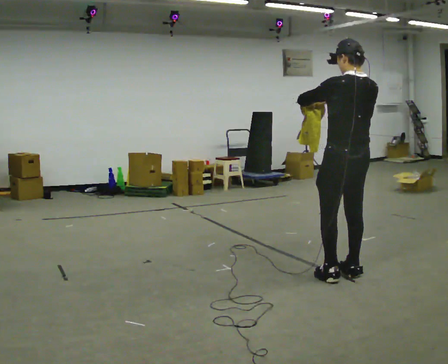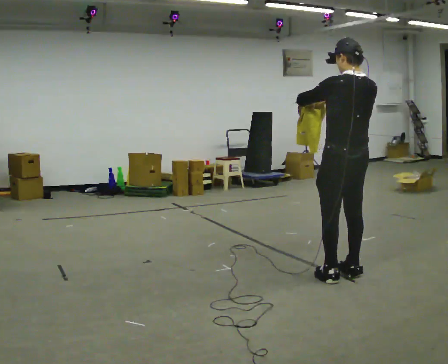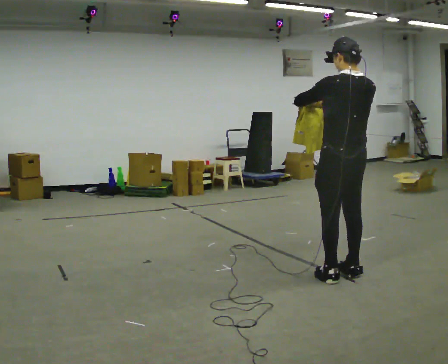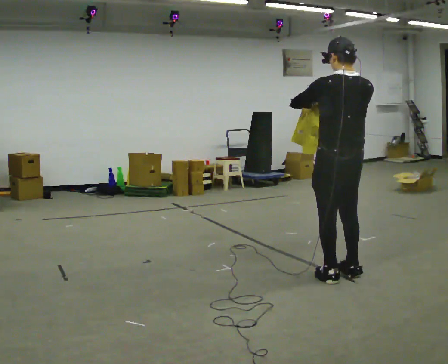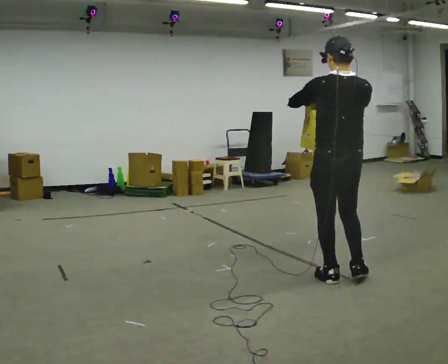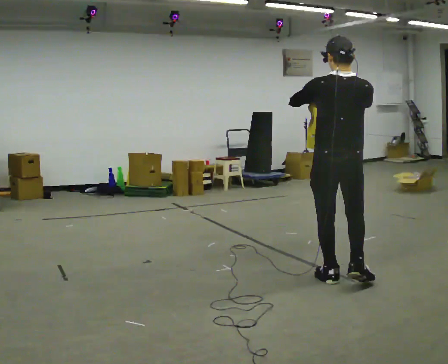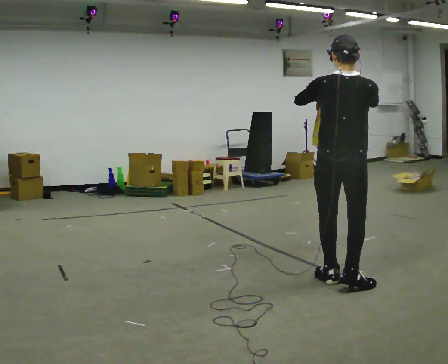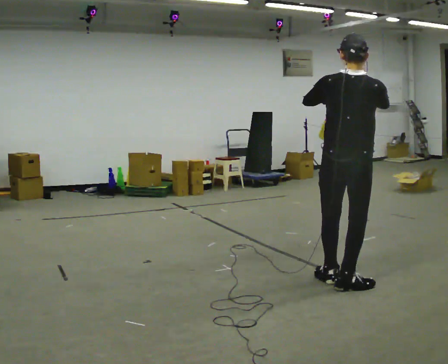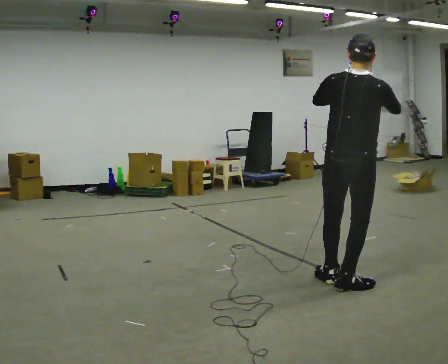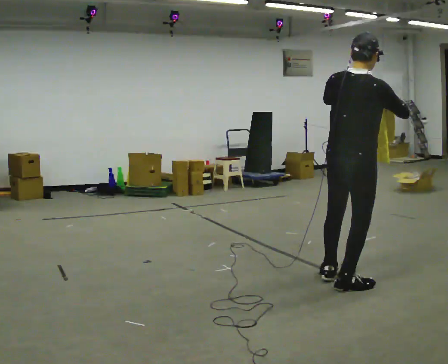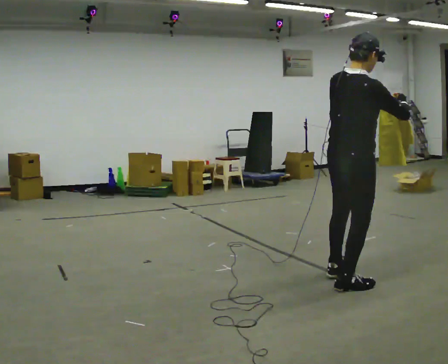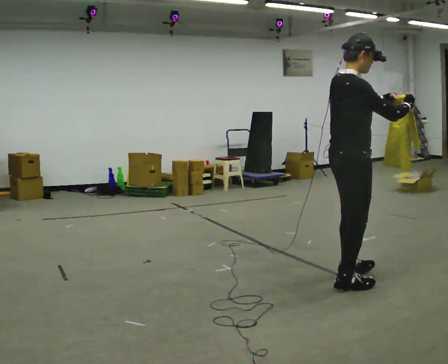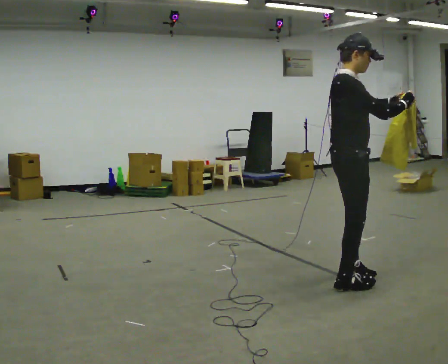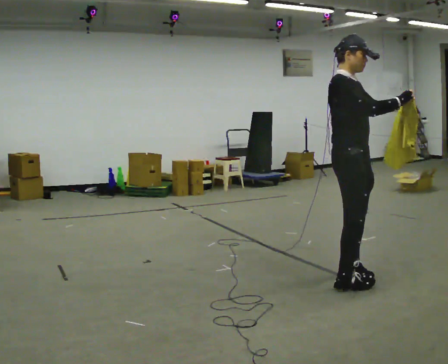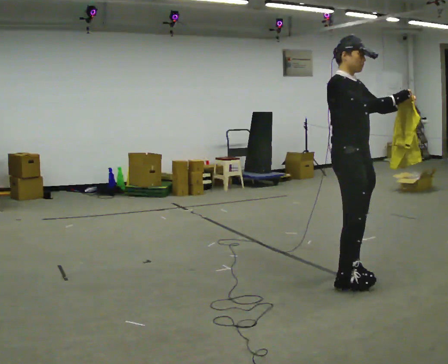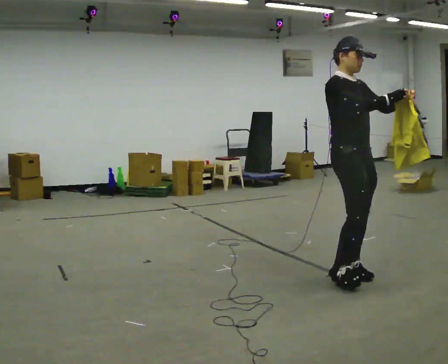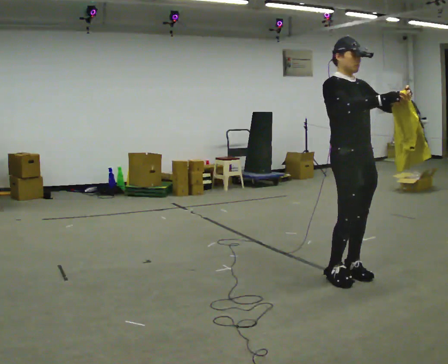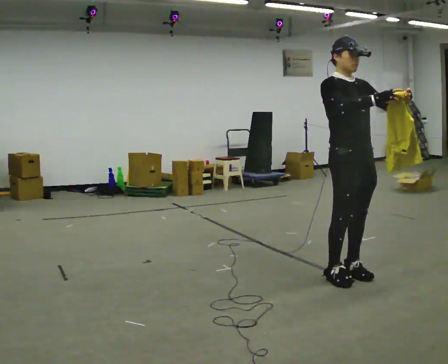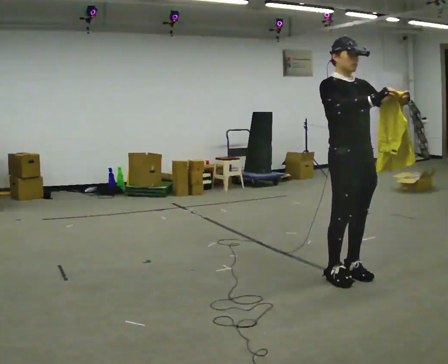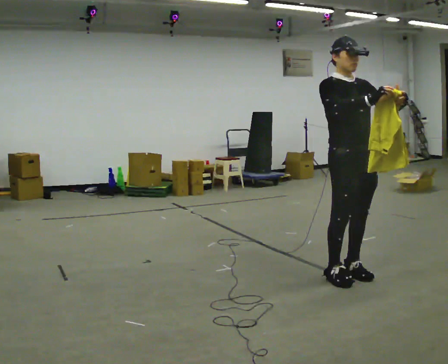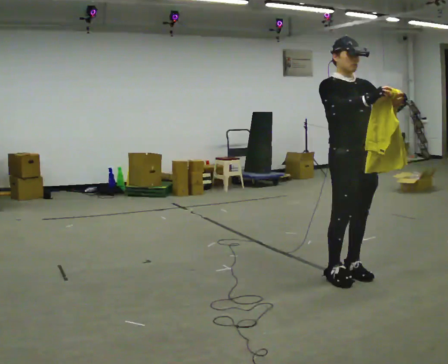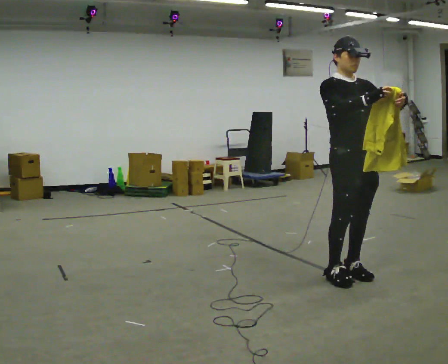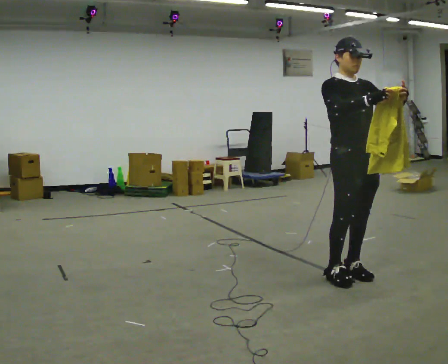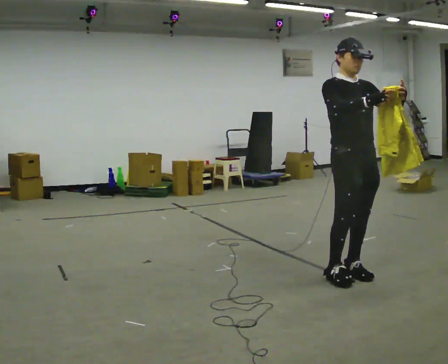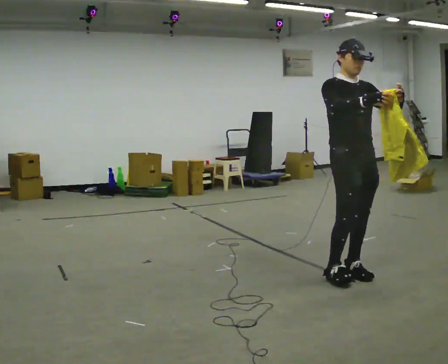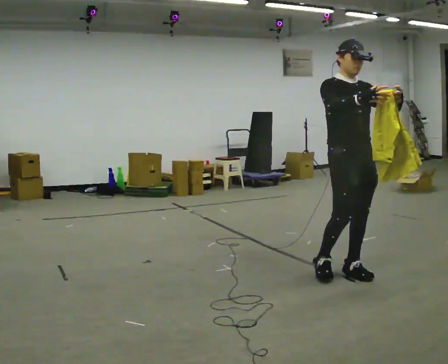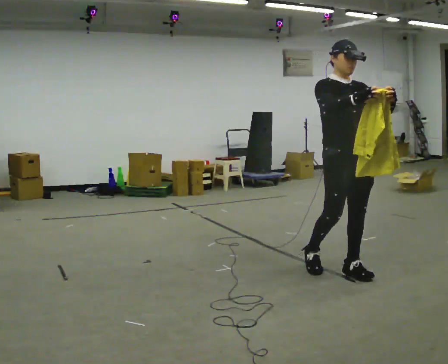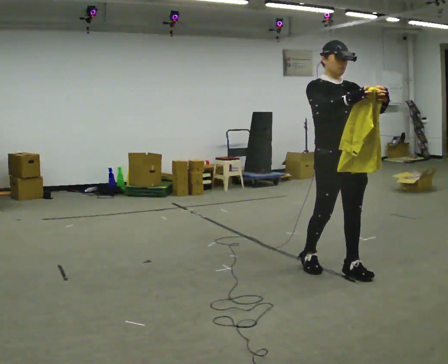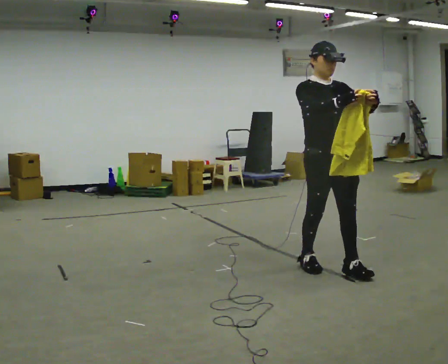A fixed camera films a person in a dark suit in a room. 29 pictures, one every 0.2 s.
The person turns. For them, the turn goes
to their right.
The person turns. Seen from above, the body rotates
clockwise.
0.0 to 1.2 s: The part of the body nearest the lens slides to the left as the person turns to their right by about 30 degrees. In the picture they go toward the camera, about 0.25 m in 1 step, which for them is to their left and backward.
1.2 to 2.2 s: Seen from above the body turns clockwise, about 60 degrees: to their right, with its near side sliding to the left. In the picture their right hand goes to the right.
2.2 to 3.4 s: The part of the body nearest the lens slides to the left as the person turns to their right by about 75 degrees. In the picture they go away from the camera, about 0.25 m in 1 step.
3.4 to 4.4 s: The person moves a little, or ends about where they began.
4.4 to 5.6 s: In the picture they go to the left, about 0.25 m in 1 step, which for them is backward.
The film runs backward here.
